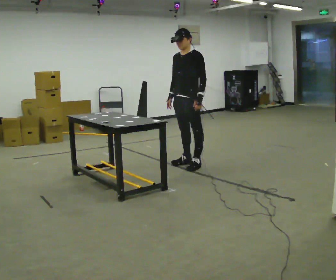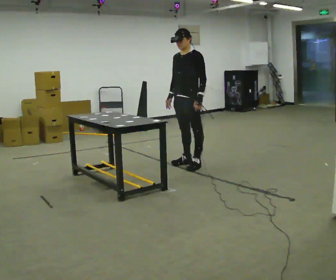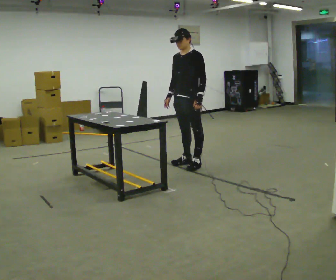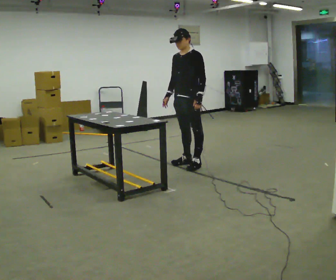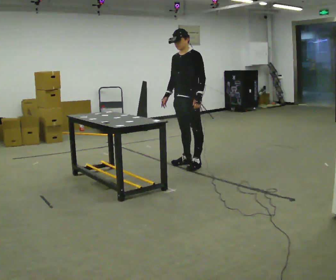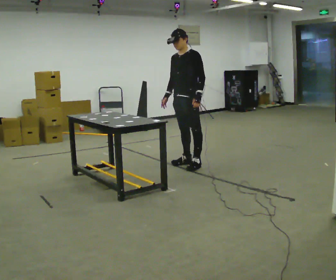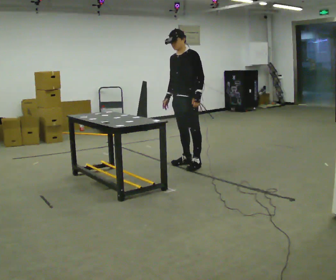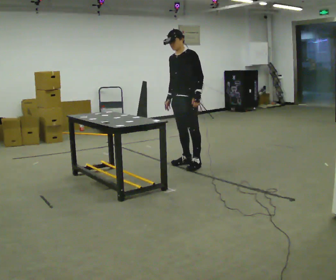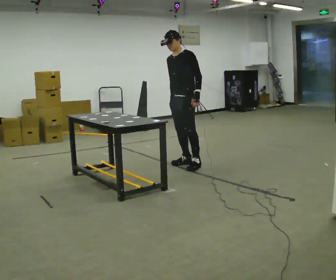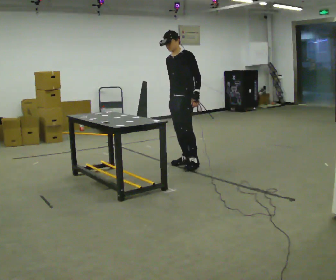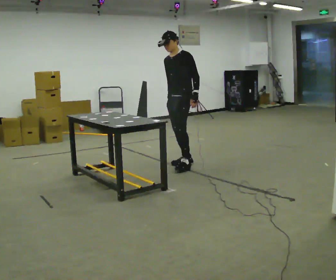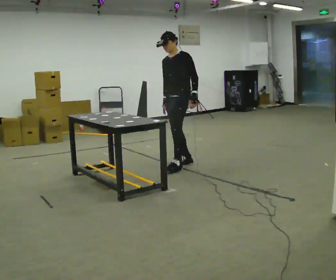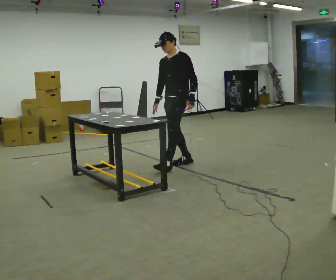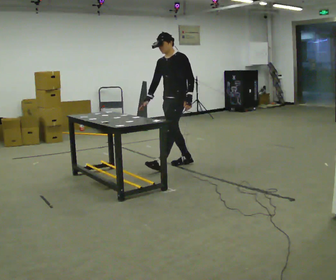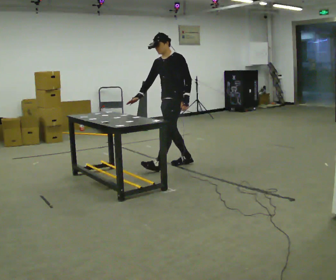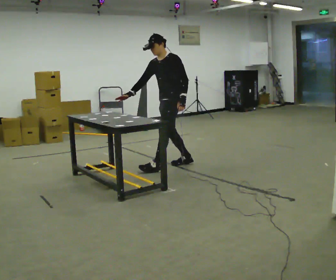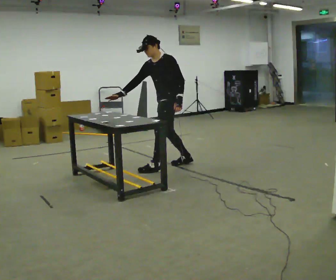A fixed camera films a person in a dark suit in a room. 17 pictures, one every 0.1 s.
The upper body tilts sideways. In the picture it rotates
counterclockwise.
0.0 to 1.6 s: In the picture they go to the left, about 0.25 m in 1 step, which for them is forward. In the picture the upper body tilts counterclockwise, shoulders to the left, as they bend forward. In the picture their right hand goes to the left.
The film runs backward here.
